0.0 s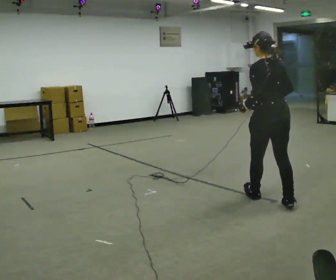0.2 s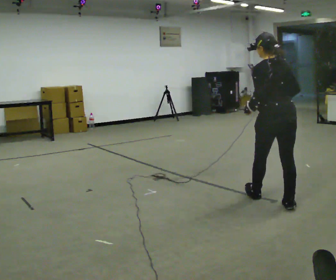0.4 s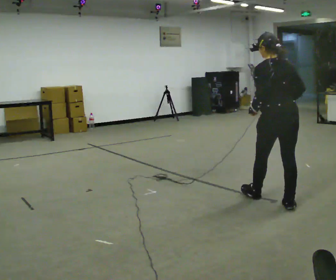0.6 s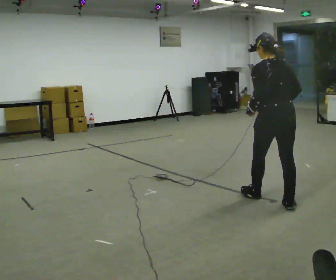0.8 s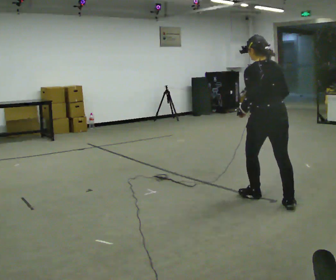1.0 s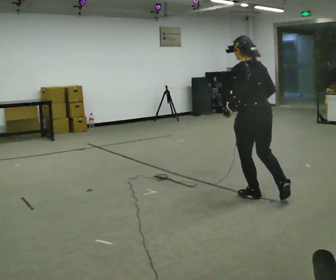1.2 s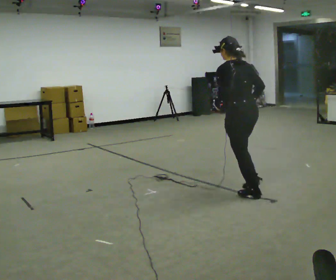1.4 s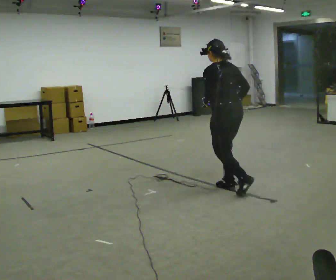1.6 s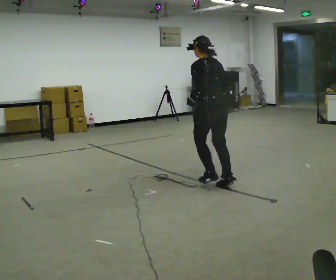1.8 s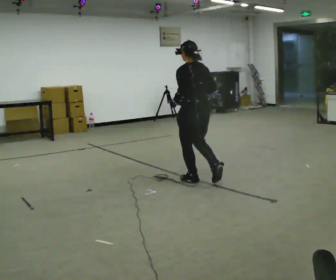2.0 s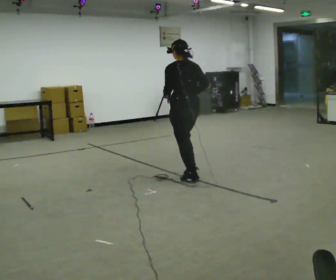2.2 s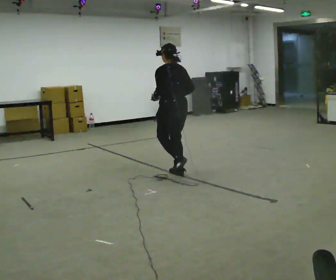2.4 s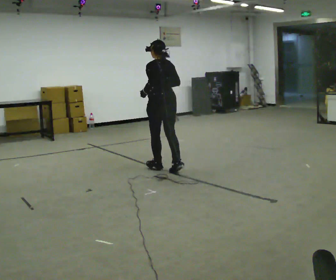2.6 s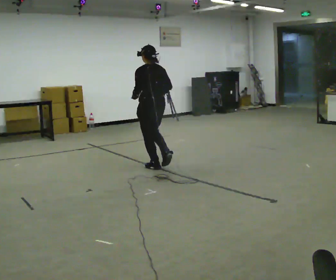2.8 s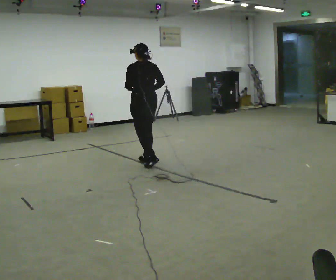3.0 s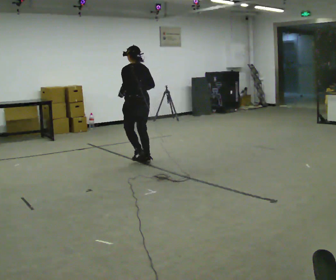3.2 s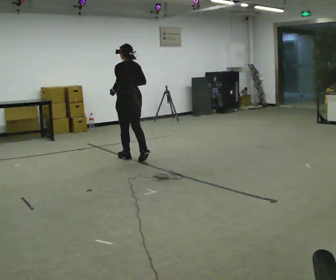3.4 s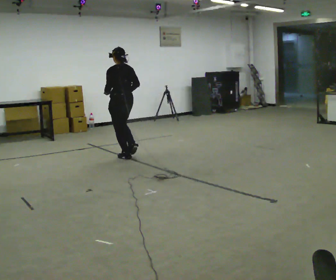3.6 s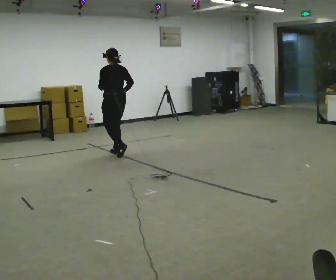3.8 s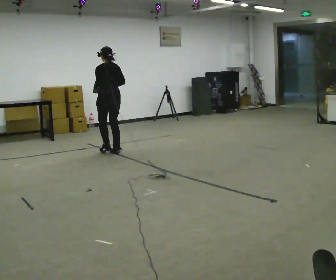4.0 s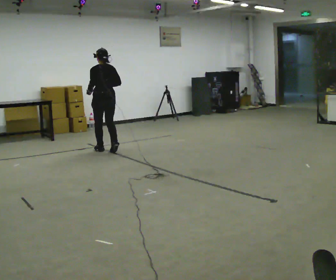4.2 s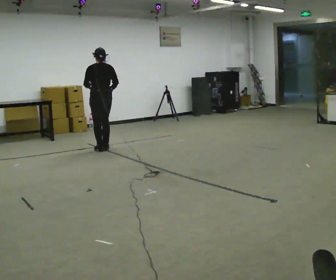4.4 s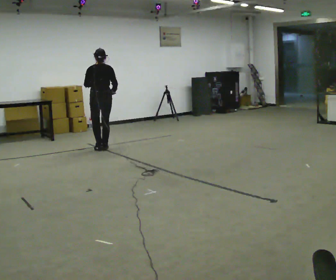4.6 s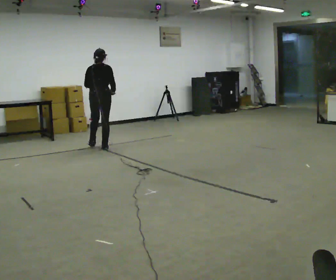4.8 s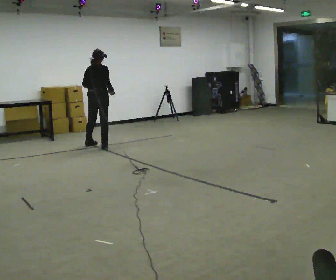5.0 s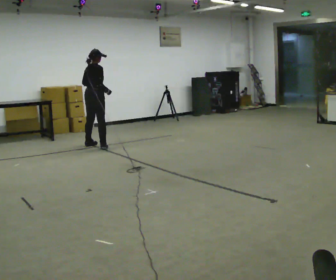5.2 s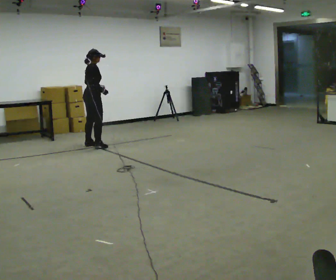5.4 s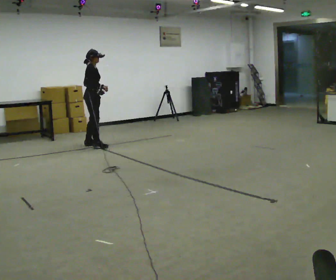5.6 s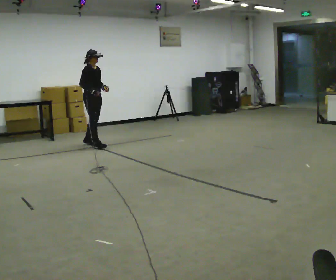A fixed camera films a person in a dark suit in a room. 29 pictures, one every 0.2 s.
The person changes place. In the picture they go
away from the camera.
0.0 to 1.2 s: In the picture they go away from the camera and to the left, about 0.5 m, which for them is forward and to their left.
1.2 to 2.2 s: In the picture they go away from the camera and to the left, about 1 m in 3 steps, which for them is forward.
2.2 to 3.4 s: In the picture they go away from the camera and to the left, about 1 m in 3 steps, which for them is forward.
3.4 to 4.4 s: Seen from above the body turns clockwise, about 30 degrees: to their right, with its near side sliding to the left. In the picture they go away from the camera and to the left, about 0.75 m in 3 steps, which for them is forward.
4.4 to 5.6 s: The part of the body nearest the lens slides to the left as the person turns to their right by about 120 degrees. In the picture they go away from the camera and to the left, about 0.25 m in 2 steps.
The film runs forward here.
